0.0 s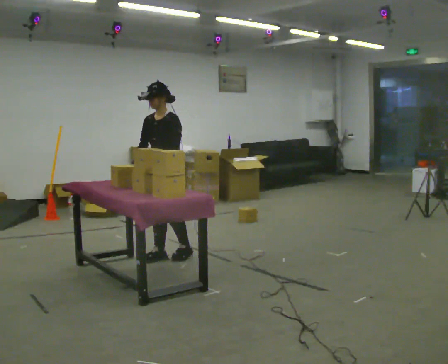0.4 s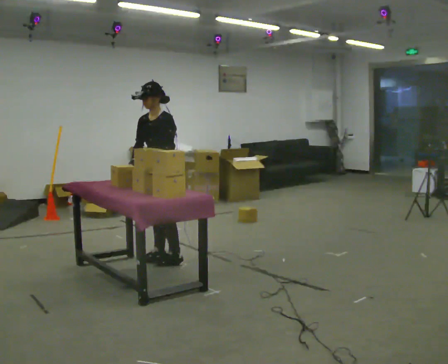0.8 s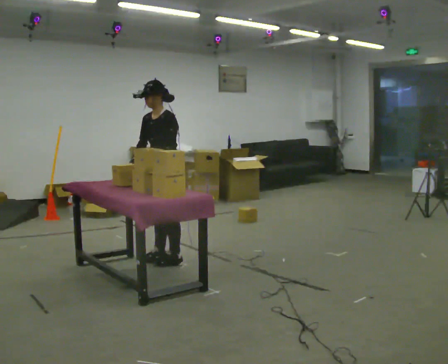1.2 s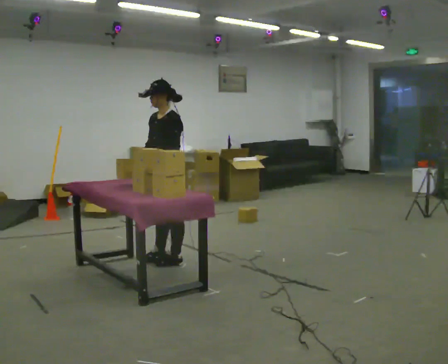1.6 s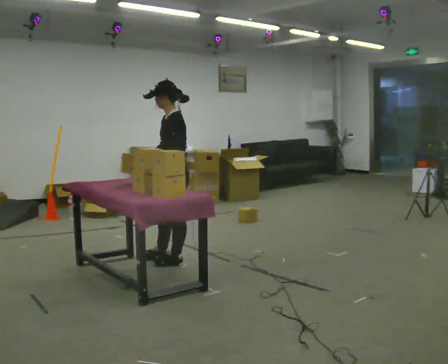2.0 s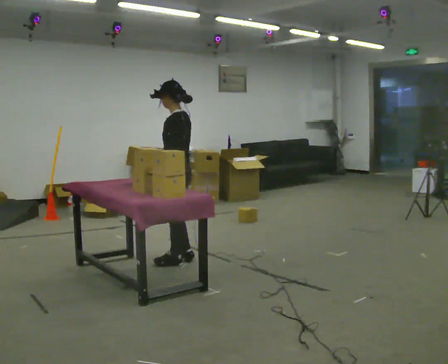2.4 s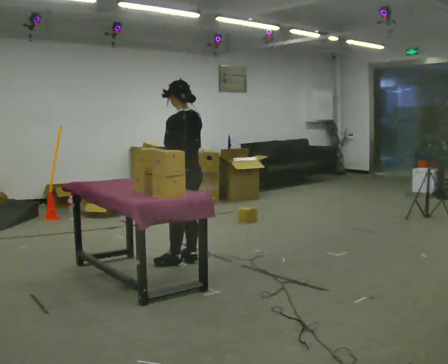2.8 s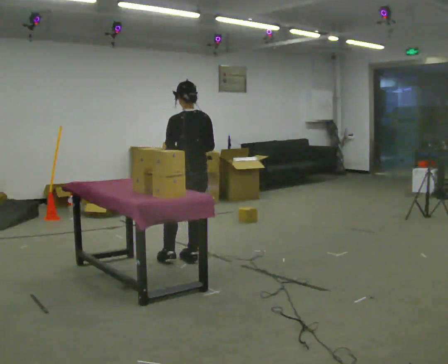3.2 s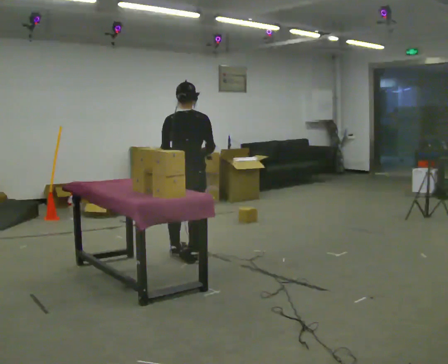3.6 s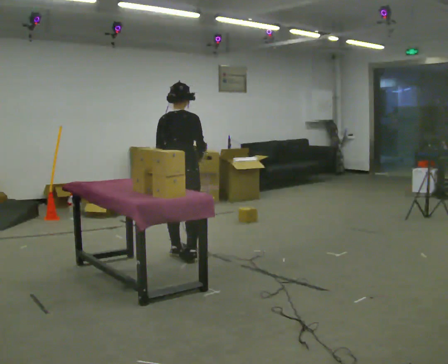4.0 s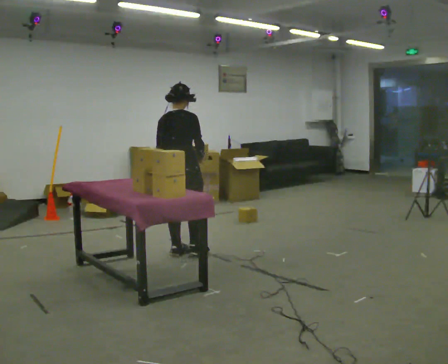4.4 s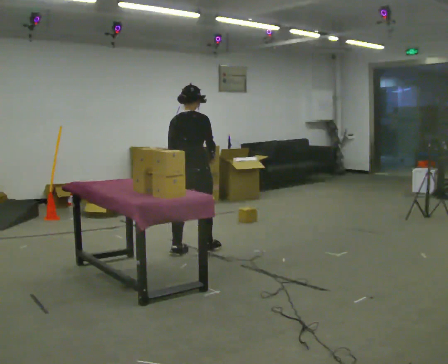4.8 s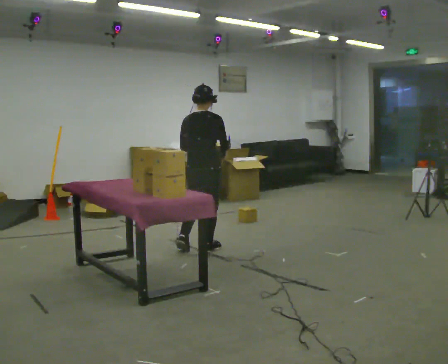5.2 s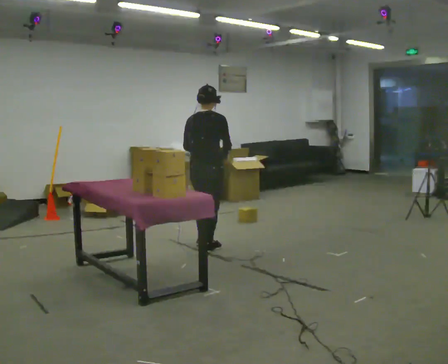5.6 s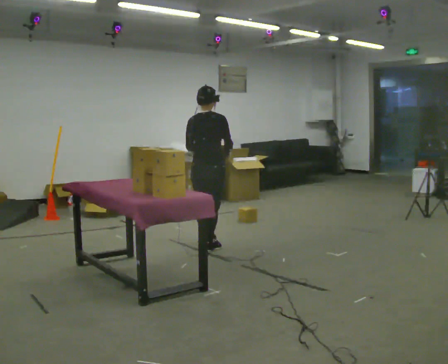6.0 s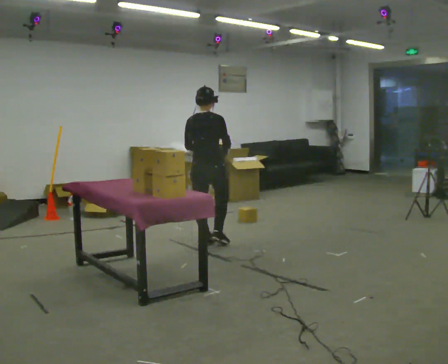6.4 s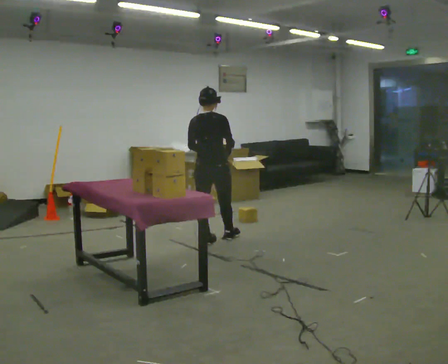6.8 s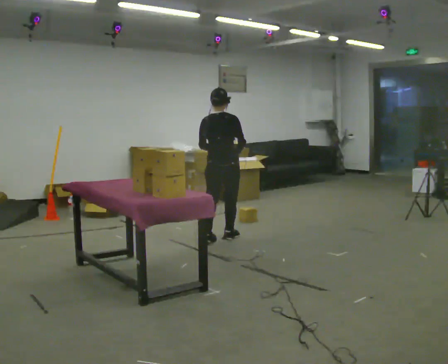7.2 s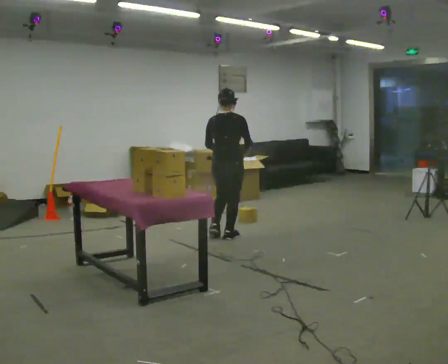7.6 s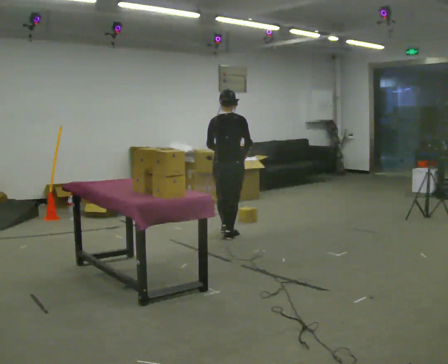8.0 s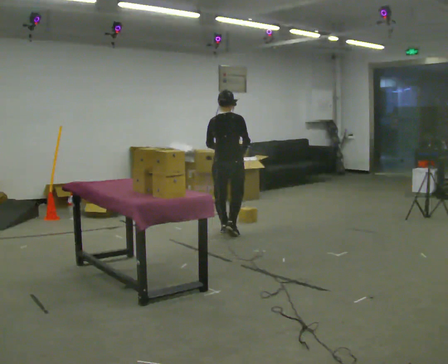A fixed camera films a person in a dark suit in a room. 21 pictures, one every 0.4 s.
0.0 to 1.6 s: The part of the body nearest the lens slides to the left as the person turns to their right by about 45 degrees. In the picture they go toward the camera, about 0.25 m in 1 step, which for them is to their left.
1.6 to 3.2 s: The person turns about 105 degrees to their right, clockwise seen from above, so the part of the body nearest the lens slides to the left. In the picture their right hand goes to the right.
3.2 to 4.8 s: In the picture they go away from the camera and to the right, about 0.25 m in 1 step, which for them is forward.
4.8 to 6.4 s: In the picture they go away from the camera, about 0.25 m in 2 steps, which for them is forward.
6.4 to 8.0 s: In the picture they go away from the camera and to the right, about 0.5 m in 1 step, which for them is forward.
The film runs forward here.
